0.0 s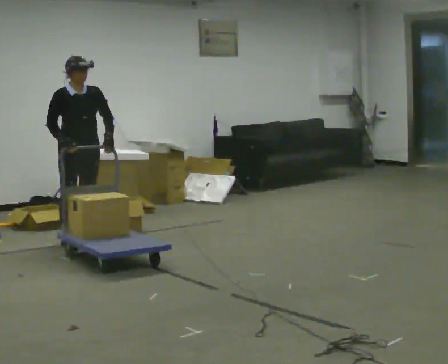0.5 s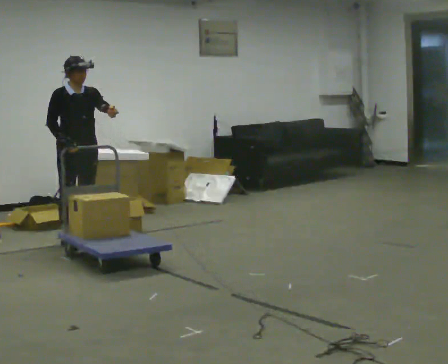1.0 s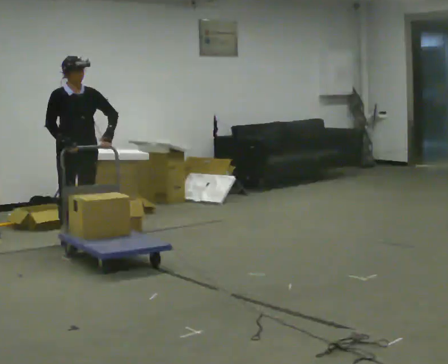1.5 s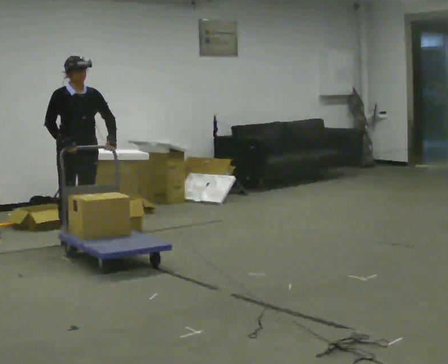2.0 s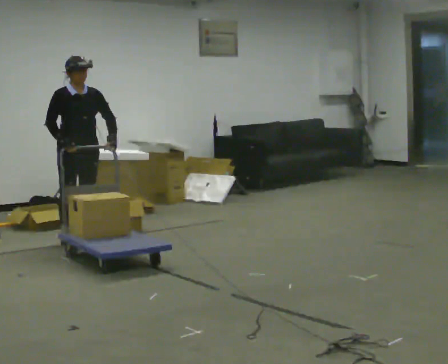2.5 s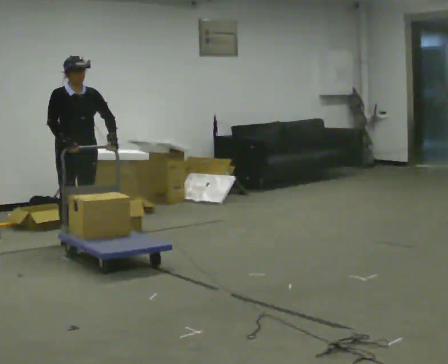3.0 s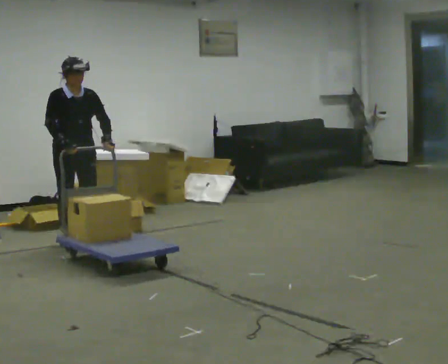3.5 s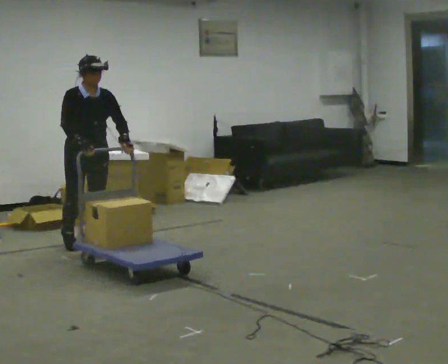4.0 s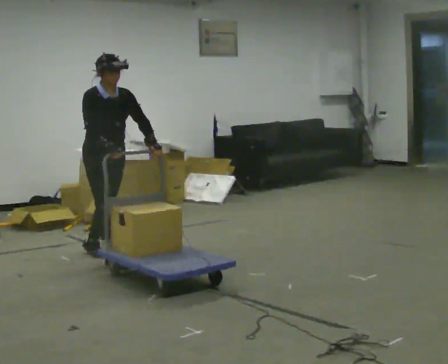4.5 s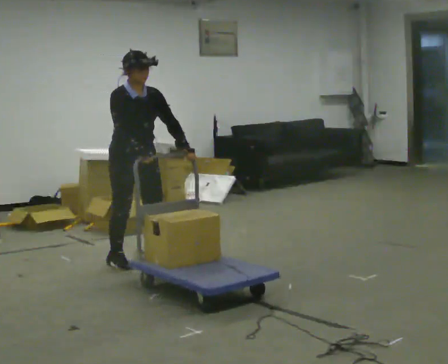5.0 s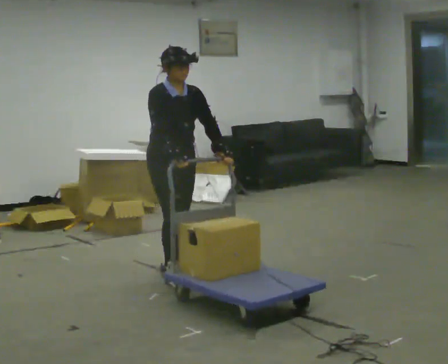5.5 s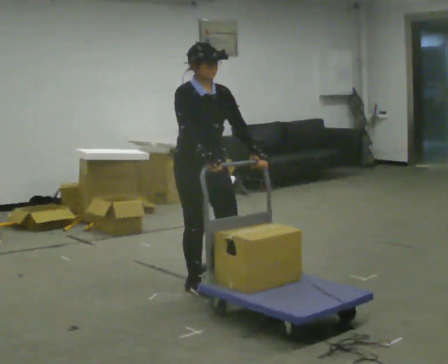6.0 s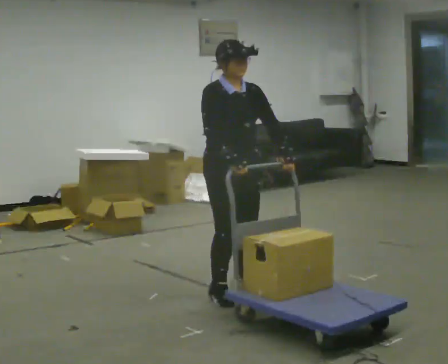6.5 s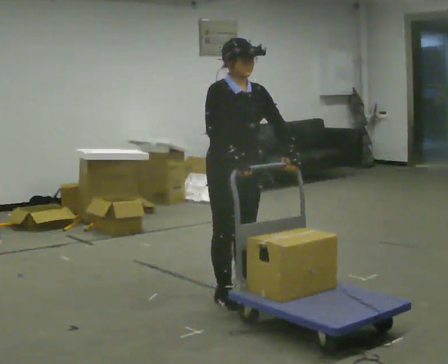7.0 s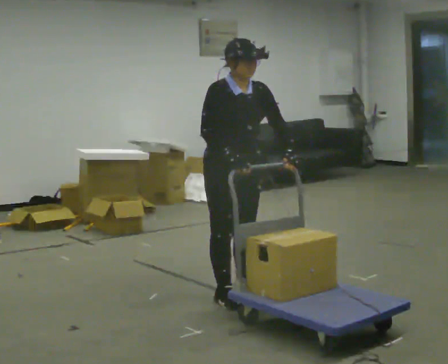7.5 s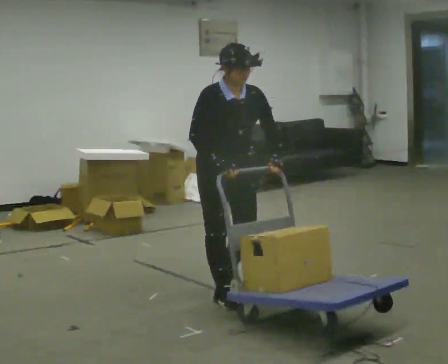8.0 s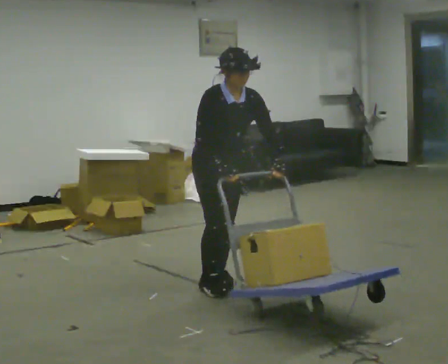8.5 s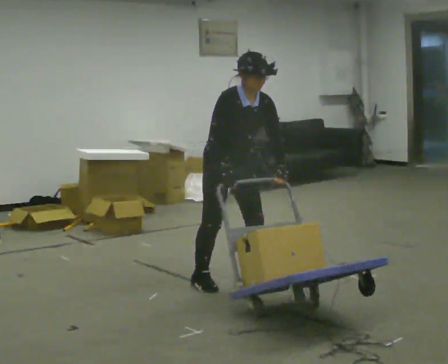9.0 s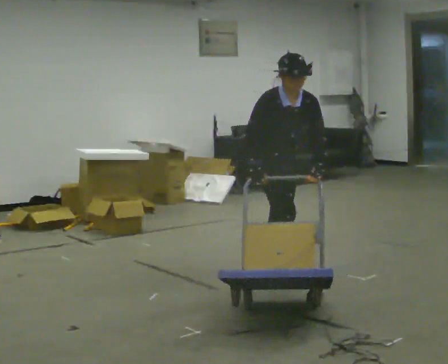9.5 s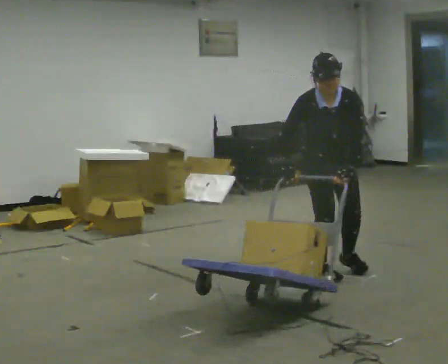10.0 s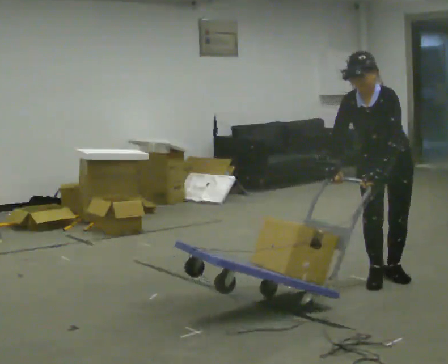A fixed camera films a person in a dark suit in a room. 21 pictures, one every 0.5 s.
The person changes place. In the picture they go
to the right.
0.0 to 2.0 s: The person moves a little, or ends about where they began.
2.0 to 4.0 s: In the picture they go toward the camera and to the right, about 0.5 m in 2 steps, which for them is forward.
4.0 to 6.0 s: In the picture they go to the right and toward the camera, about 1.5 m in 3 steps, which for them is forward.
6.0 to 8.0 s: In the picture they go away from the camera, about 0.25 m in 2 steps, which for them is backward.
8.0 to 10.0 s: Seen from above the body turns clockwise, about 60 degrees: to their right, with its near side sliding to the left. In the picture they go to the right, about 1 m in 4 steps. In the picture the upper body tilts counterclockwise, shoulders to the left.
The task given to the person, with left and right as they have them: Stand still with your hands on the cart. When the operator says go, get it moving, push it a few metres, then bring it to a stop. Repeat until the operator says stop.
The film runs forward here.
